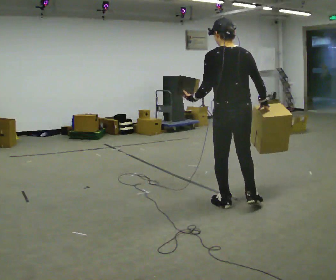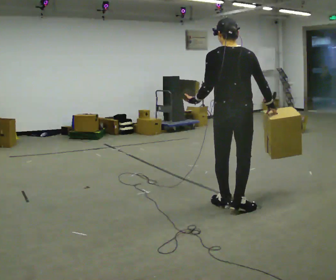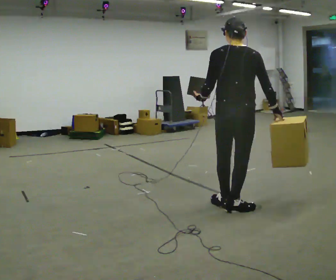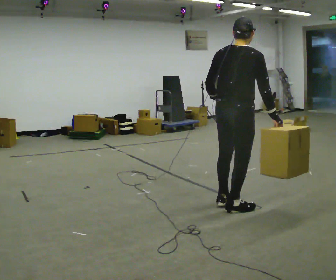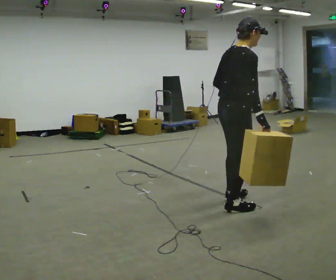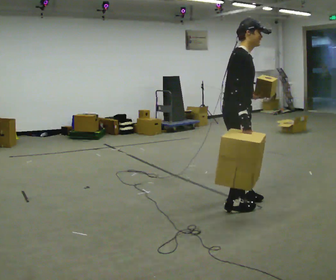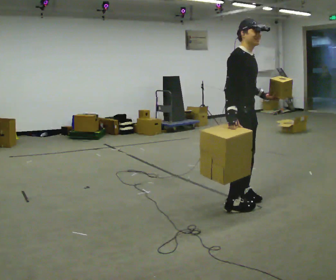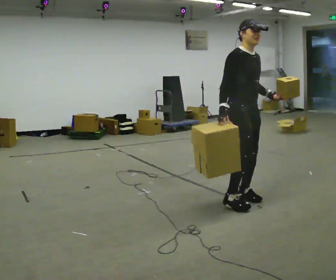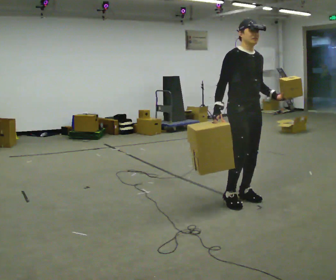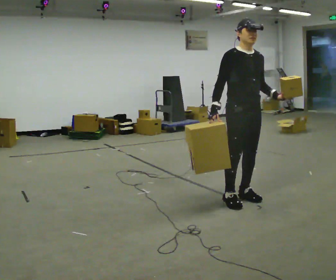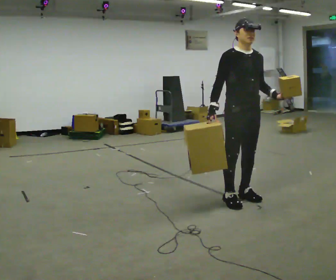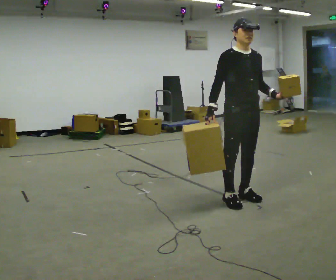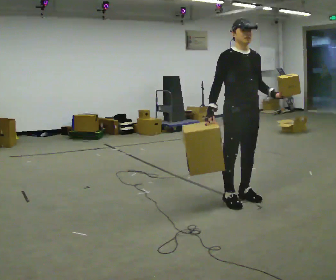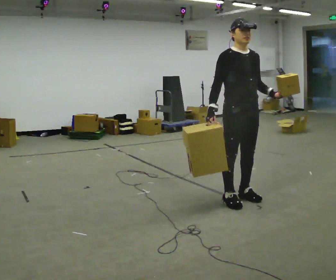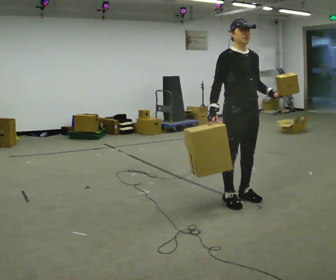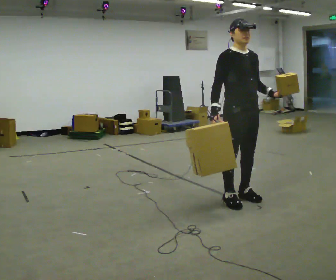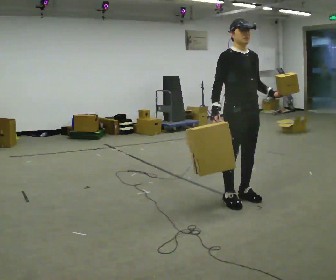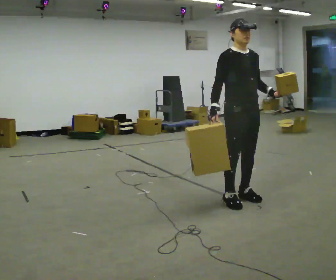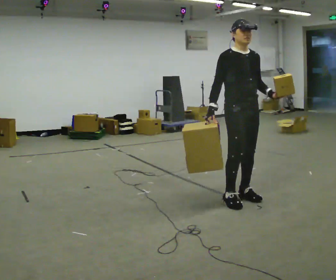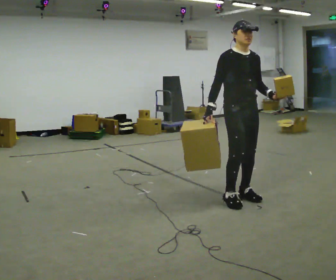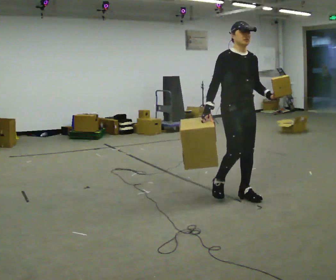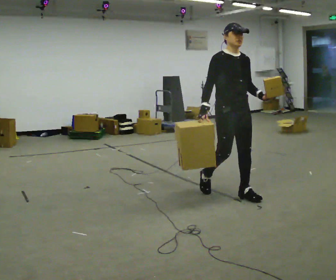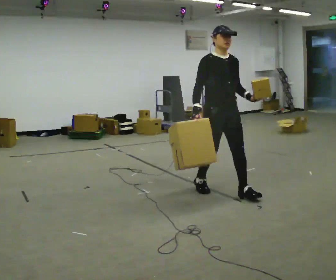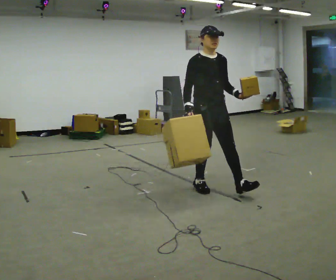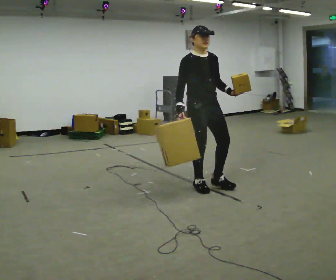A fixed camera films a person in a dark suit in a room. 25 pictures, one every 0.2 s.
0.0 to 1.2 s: The person turns about 135 degrees to their right, clockwise seen from above, so the part of the body nearest the lens slides to the left.
1.2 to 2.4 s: Seen from above the body turns clockwise, about 45 degrees: to their right, with its near side sliding to the left.
2.4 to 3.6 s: The person moves a little, or ends about where they began.
3.6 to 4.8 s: In the picture they go to the left and away from the camera, about 0.5 m in 2 steps, which for them is backward.
The film runs backward here.
